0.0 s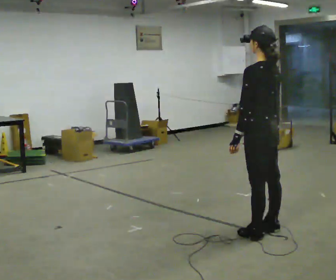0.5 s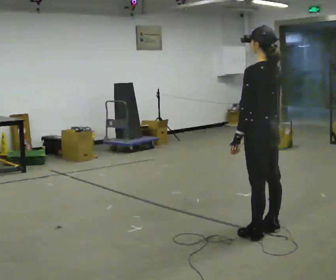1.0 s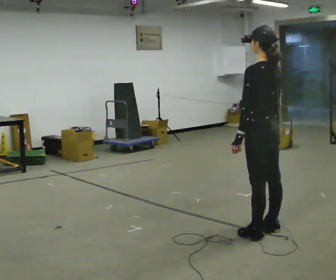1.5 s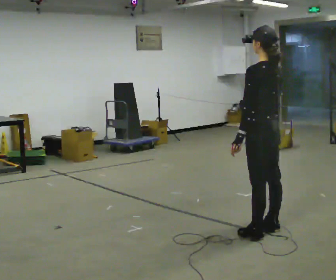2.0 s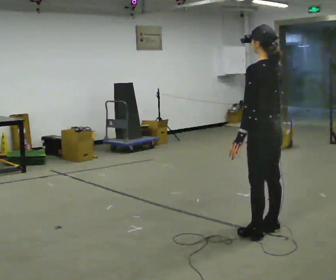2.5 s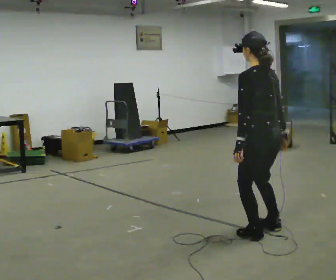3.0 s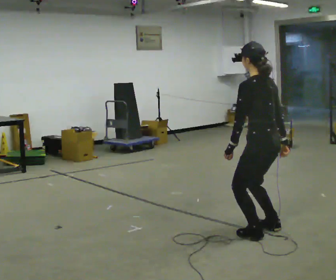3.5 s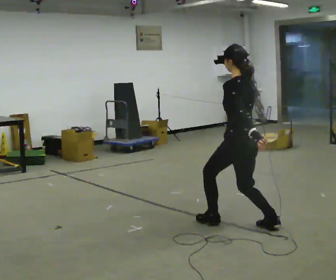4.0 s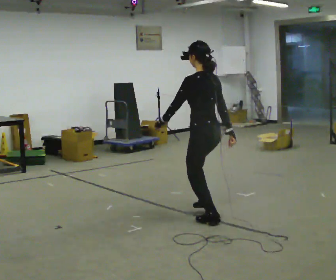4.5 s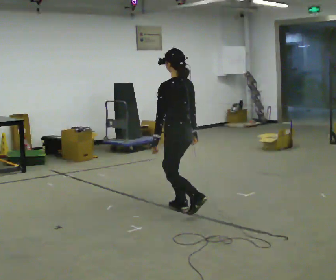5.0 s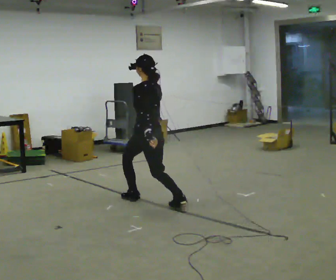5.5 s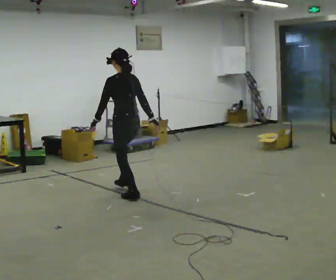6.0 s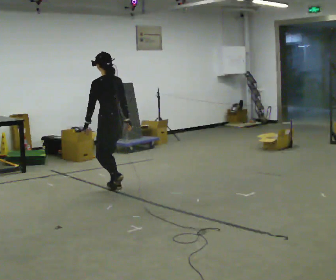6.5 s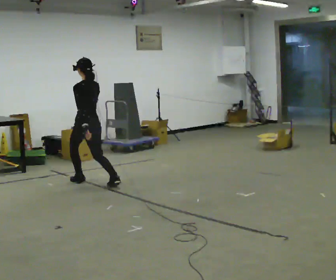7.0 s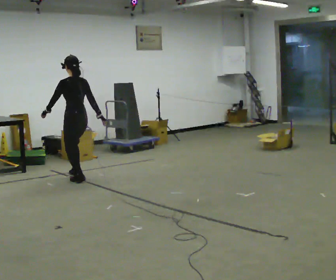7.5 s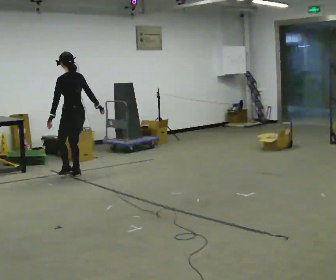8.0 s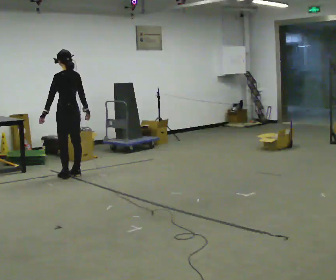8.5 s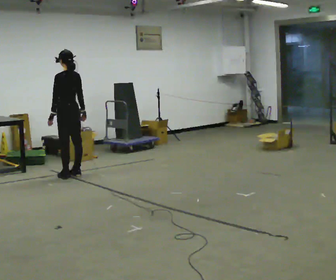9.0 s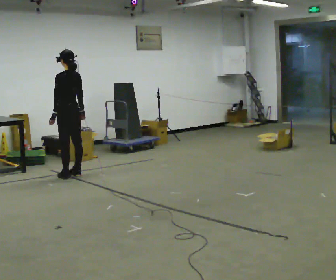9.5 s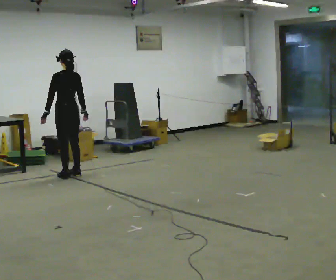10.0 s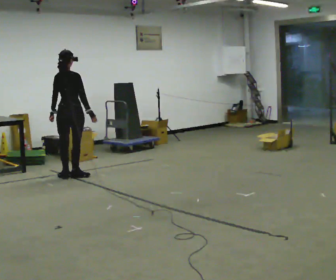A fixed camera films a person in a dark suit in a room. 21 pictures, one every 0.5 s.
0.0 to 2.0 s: The person keeps their place and pose.
2.0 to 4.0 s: In the picture they go away from the camera and to the left, about 0.75 m in 1 step, which for them is forward.
4.0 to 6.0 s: In the picture they go away from the camera and to the left, about 1.5 m in 3 steps, which for them is forward.
6.0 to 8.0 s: In the picture they go away from the camera and to the left, about 1 m in 3 steps, which for them is forward.
8.0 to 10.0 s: Seen from above the body turns clockwise, about 60 degrees: to their right, with its near side sliding to the left.
The film runs forward here.
